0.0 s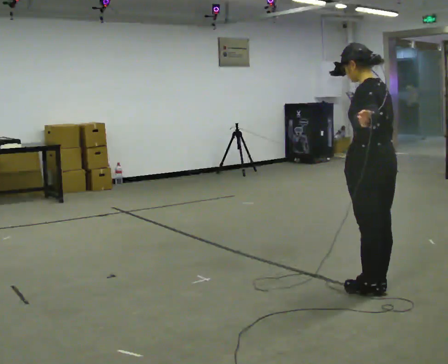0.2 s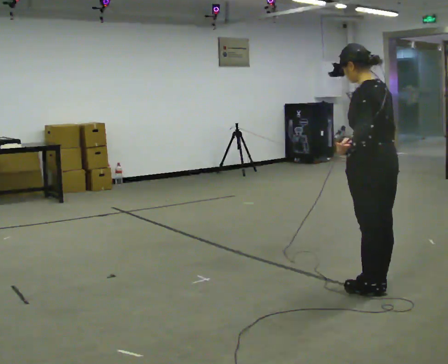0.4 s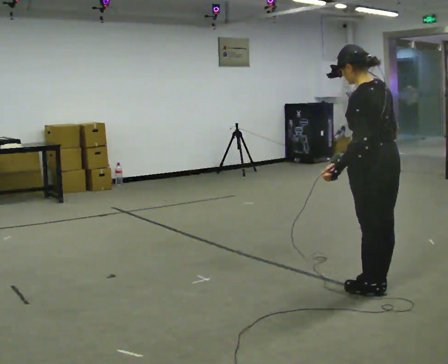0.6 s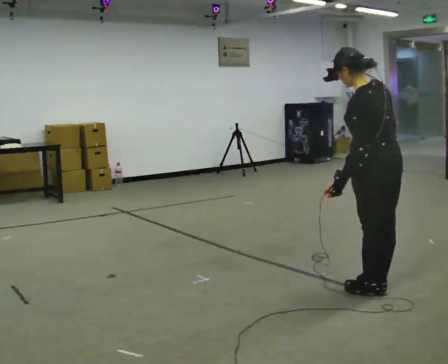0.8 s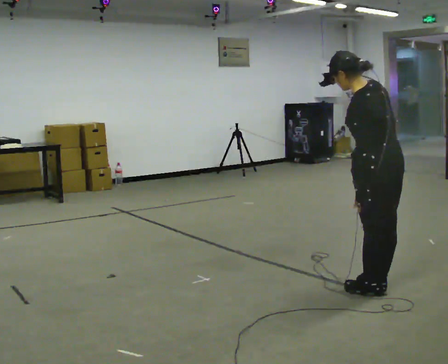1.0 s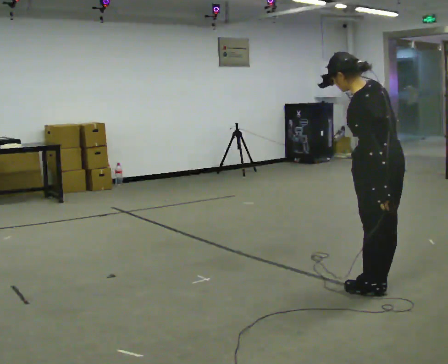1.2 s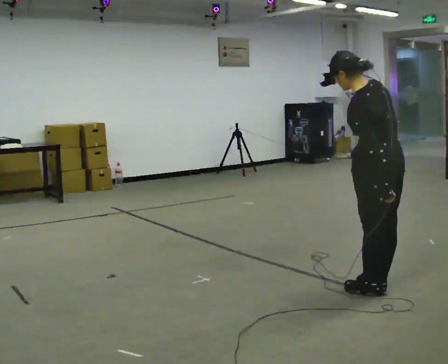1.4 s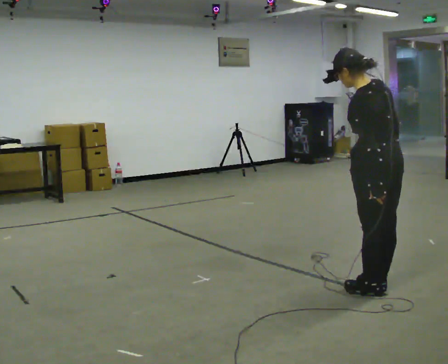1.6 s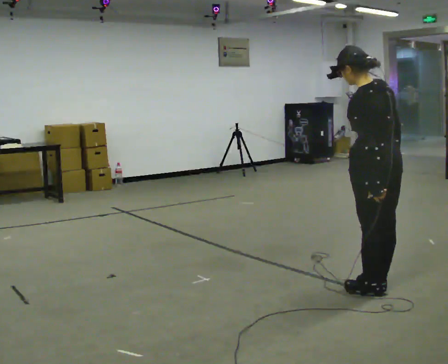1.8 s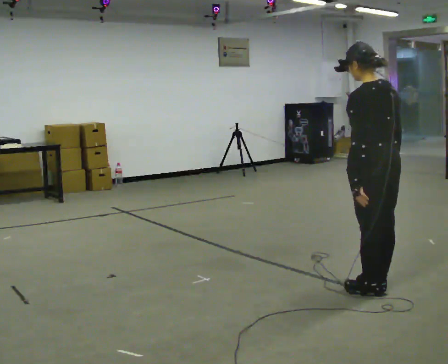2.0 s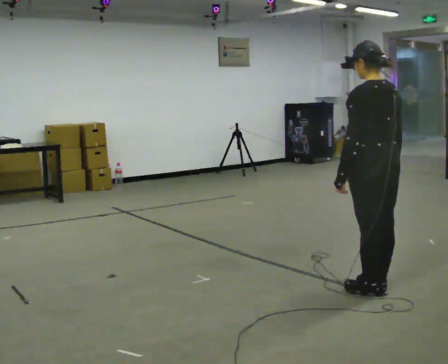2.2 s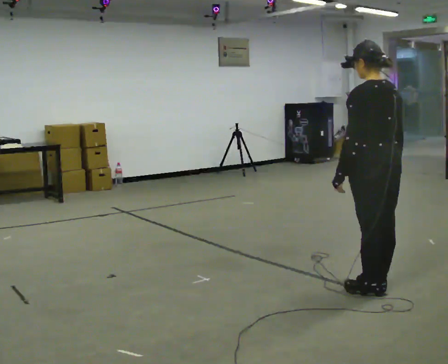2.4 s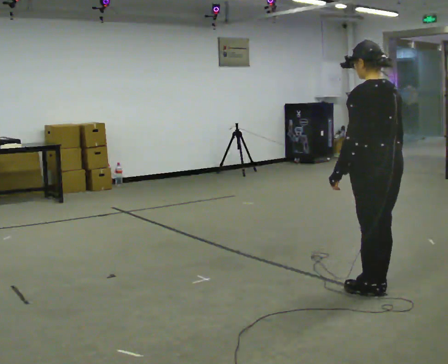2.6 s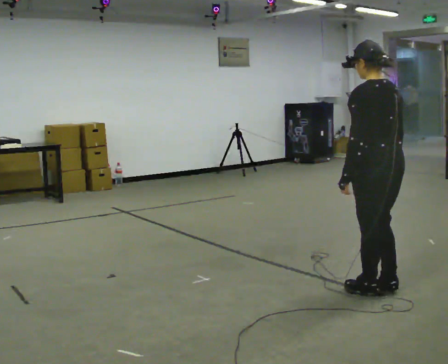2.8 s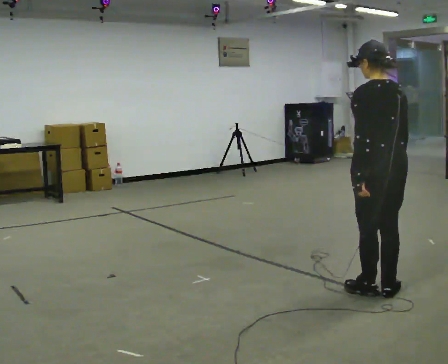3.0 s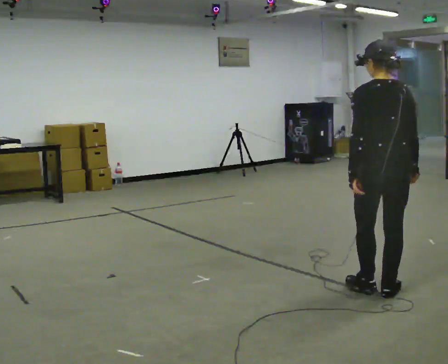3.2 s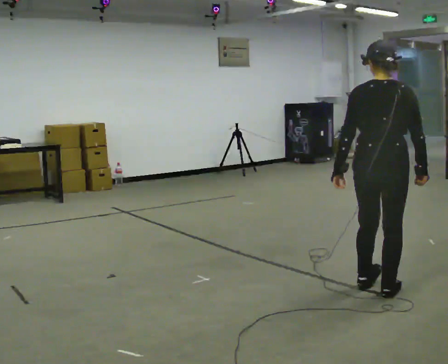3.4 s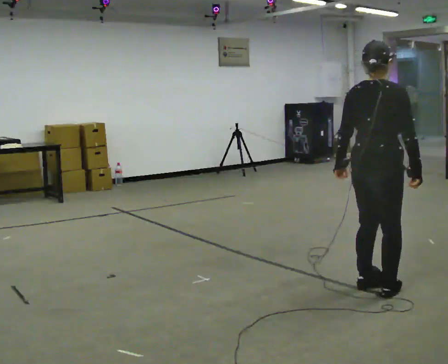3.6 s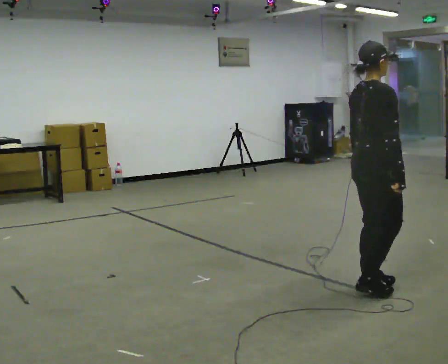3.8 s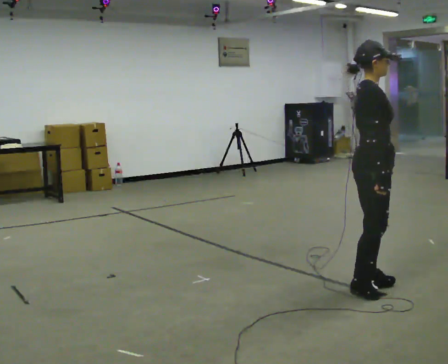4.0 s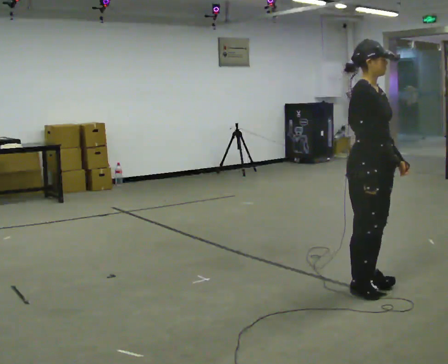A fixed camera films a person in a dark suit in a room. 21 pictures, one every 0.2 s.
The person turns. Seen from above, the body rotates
clockwise.
The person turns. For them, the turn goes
to their right.
0.0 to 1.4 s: In the picture their left hand goes downward.
1.4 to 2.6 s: The person moves a little, or ends about where they began.
2.6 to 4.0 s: The part of the body nearest the lens slides to the left as the person turns to their right by about 150 degrees. In the picture their left hand goes to the right.
The film runs backward here.
